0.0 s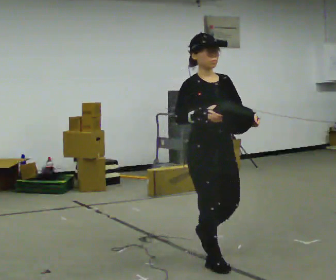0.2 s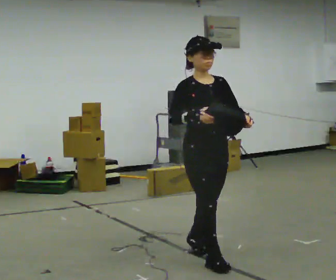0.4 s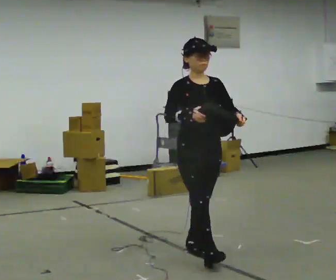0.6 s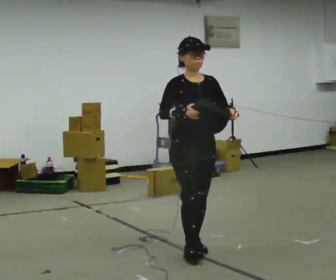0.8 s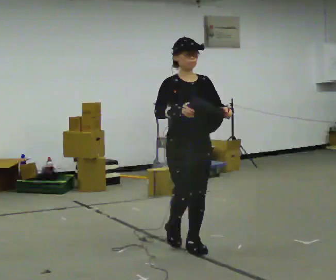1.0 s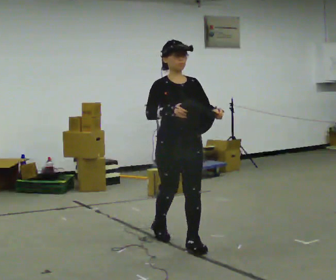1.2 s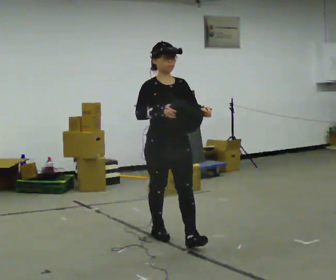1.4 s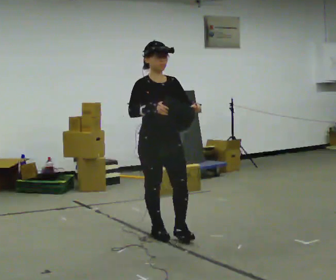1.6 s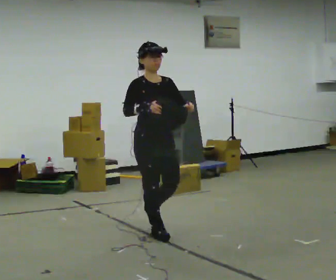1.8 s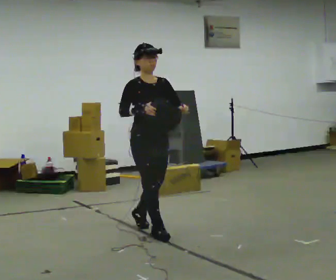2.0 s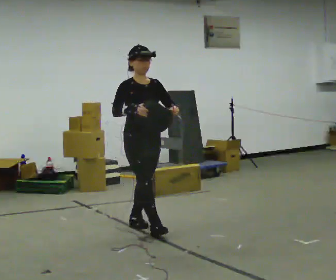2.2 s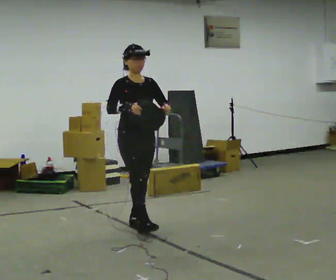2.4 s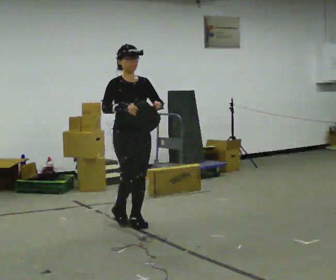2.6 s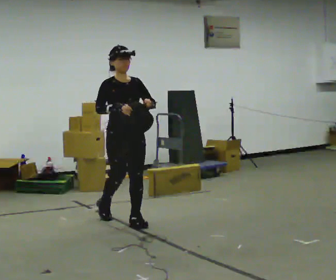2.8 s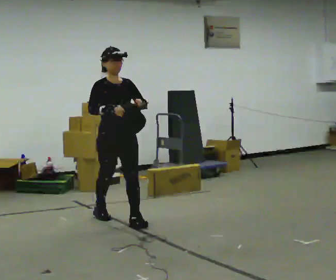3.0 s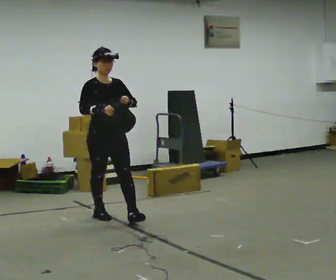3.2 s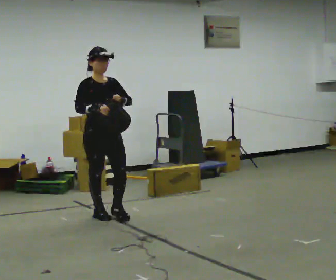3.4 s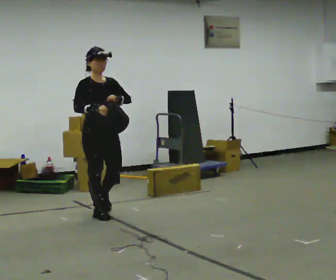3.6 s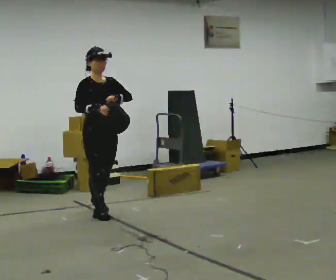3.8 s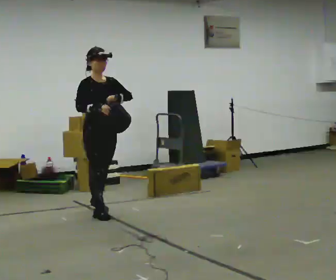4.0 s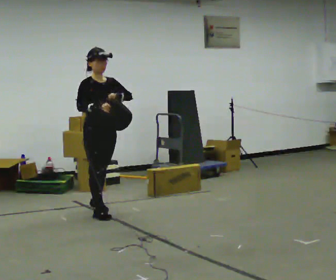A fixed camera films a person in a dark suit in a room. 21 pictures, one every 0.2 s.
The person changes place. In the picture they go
away from the camera.
0.0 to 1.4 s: In the picture they go away from the camera and to the left, about 1 m in 2 steps, which for them is backward.
1.4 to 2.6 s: In the picture they go away from the camera and to the left, about 0.5 m in 1 step, which for them is backward.
2.6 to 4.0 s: In the picture they go away from the camera and to the left, about 0.5 m in 1 step, which for them is backward.
The film runs backward here.
